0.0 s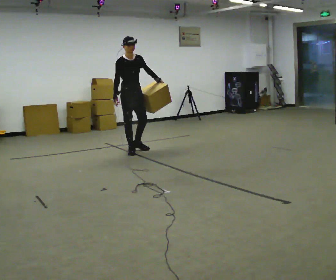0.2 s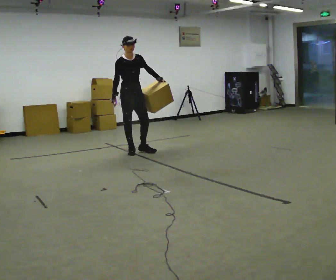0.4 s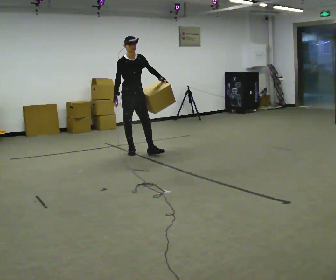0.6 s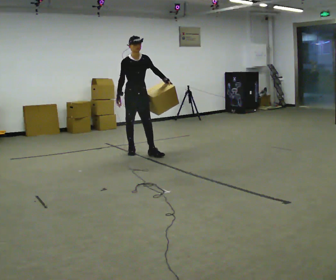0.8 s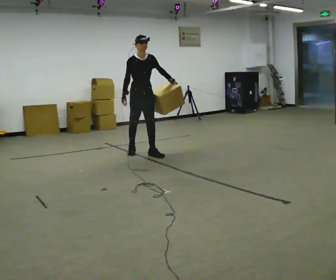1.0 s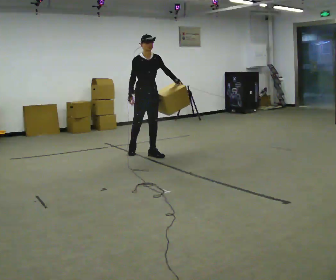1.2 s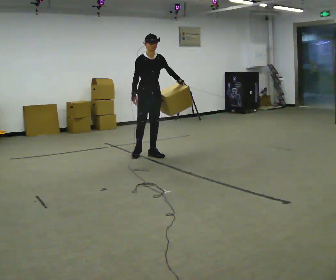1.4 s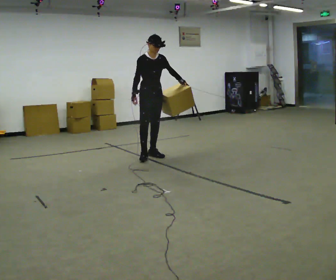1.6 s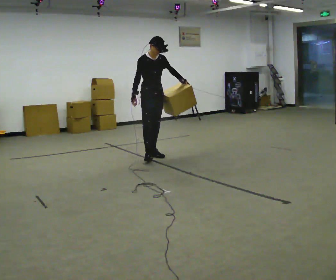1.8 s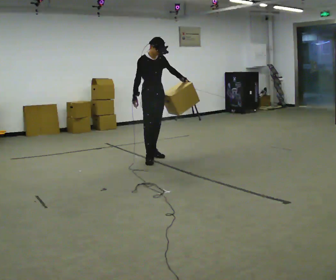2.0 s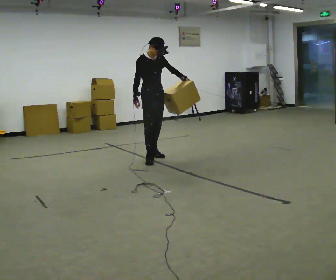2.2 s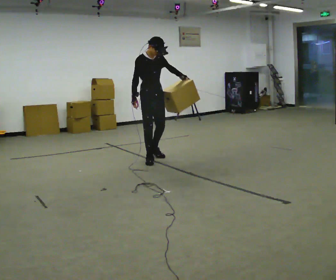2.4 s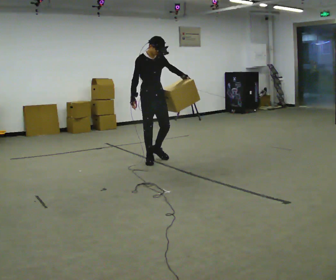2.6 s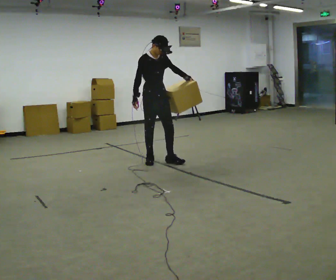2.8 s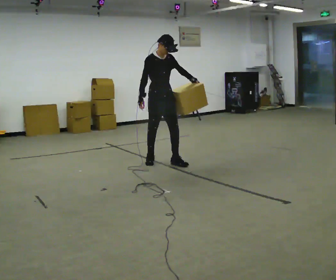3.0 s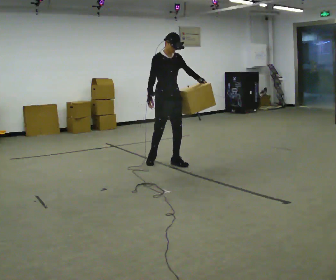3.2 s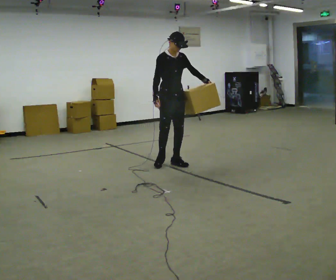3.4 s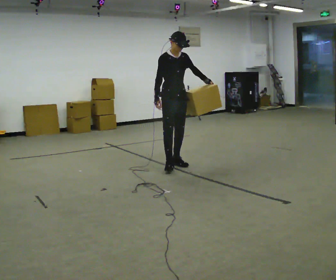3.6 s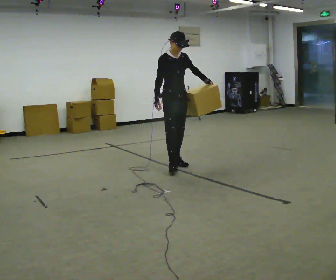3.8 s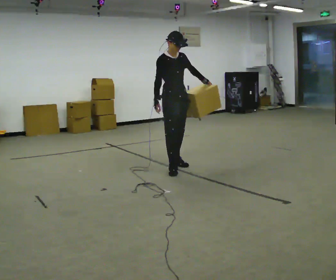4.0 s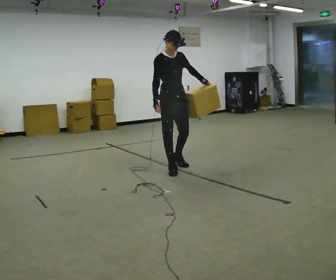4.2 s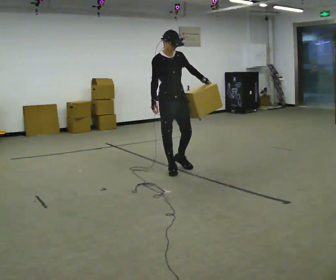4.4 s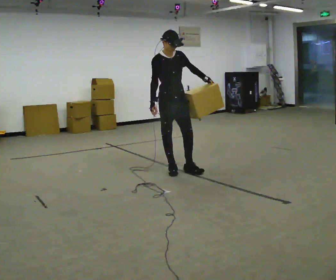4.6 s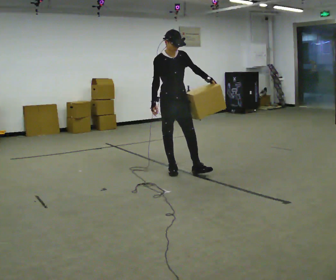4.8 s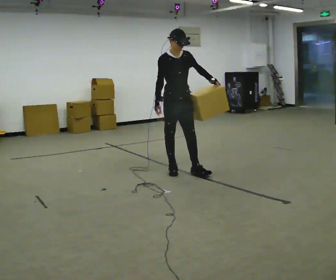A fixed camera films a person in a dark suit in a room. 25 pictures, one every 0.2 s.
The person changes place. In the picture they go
toward the camera.
0.0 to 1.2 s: In the picture they go to the right and toward the camera, about 0.25 m in 1 step, which for them is forward and to their left.
1.2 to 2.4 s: In the picture they go toward the camera, about 0.5 m in 1 step, which for them is forward and to their right.
2.4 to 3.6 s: In the picture they go to the right and toward the camera, about 0.5 m in 2 steps, which for them is forward.
3.6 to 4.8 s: In the picture they go toward the camera, about 0.25 m in 1 step, which for them is forward.
The film runs forward here.
